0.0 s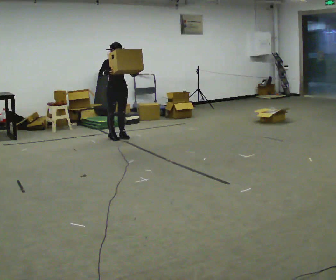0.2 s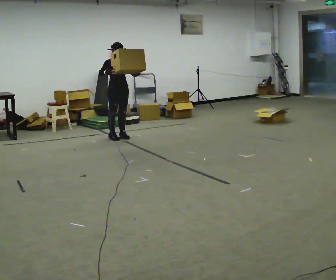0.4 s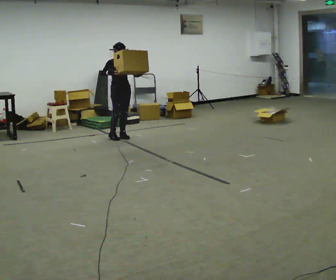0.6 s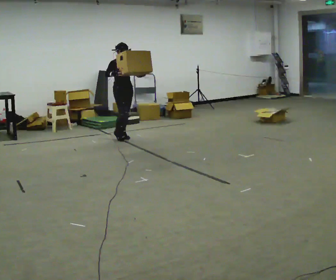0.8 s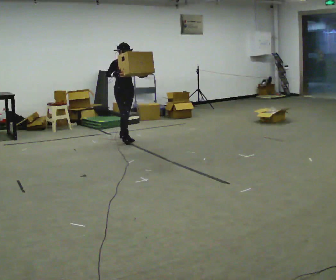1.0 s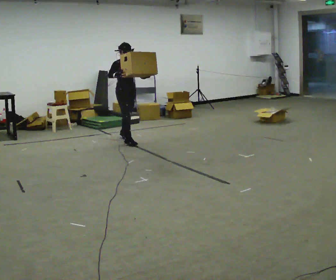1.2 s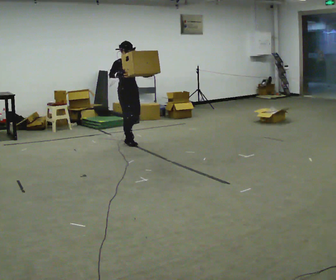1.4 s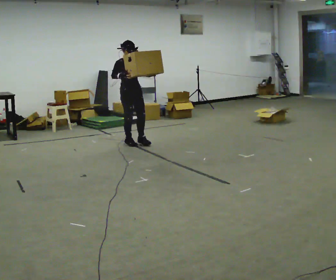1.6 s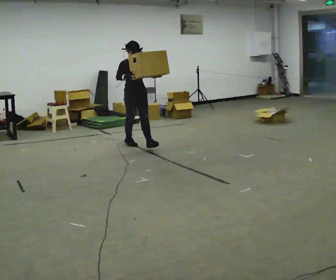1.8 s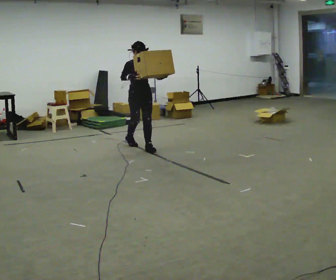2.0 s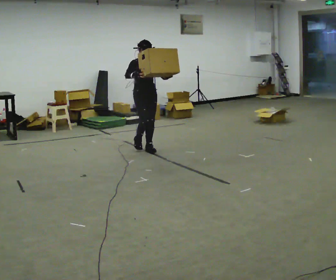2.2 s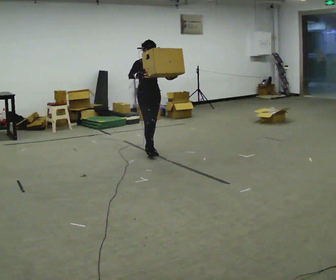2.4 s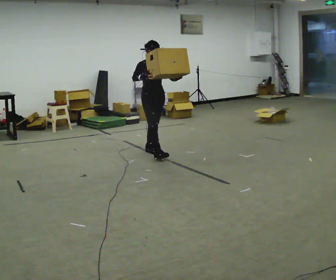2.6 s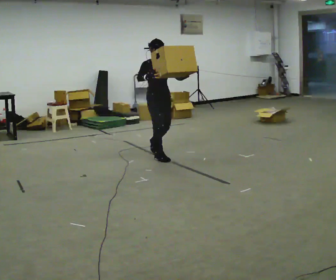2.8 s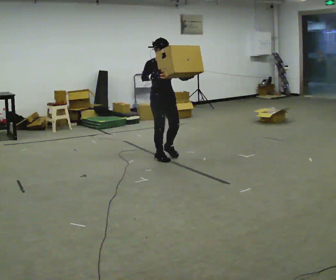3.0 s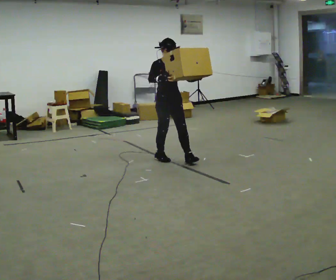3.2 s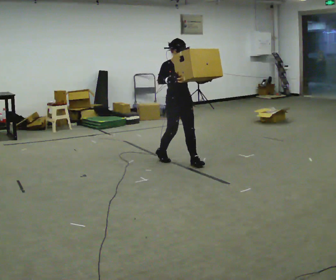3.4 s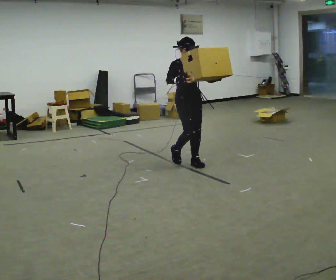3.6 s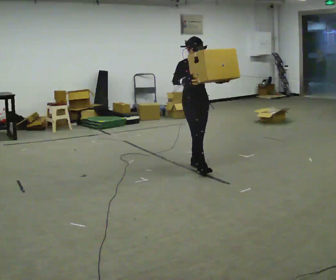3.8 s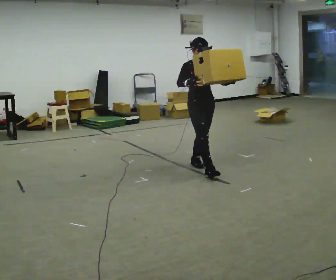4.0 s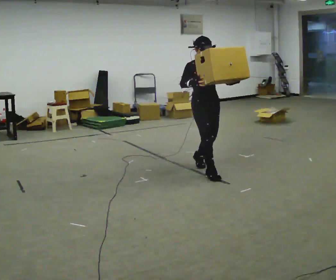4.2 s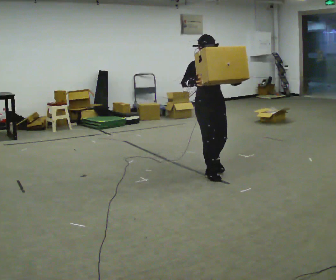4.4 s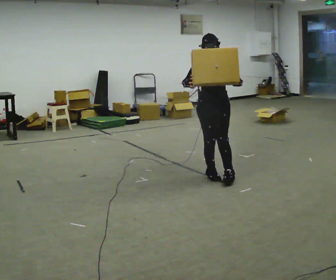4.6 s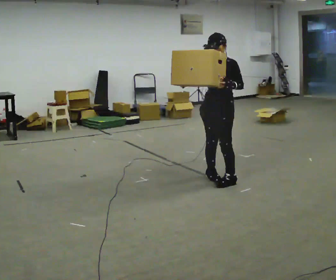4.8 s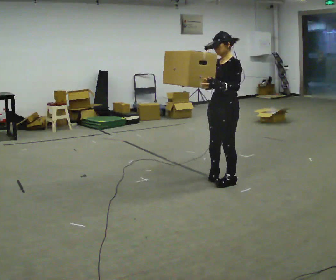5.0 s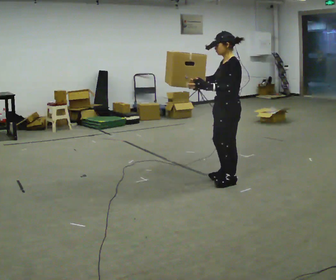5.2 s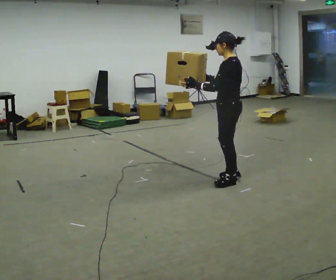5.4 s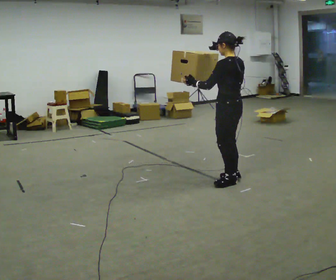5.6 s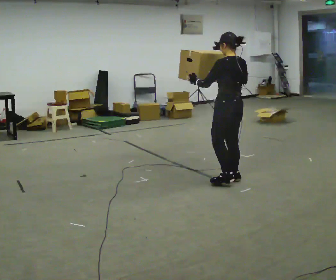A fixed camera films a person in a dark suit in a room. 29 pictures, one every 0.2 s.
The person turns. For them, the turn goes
to their right.
The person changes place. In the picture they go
toward the camera.
0.0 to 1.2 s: In the picture they go toward the camera and to the right, about 0.5 m in 1 step, which for them is forward.
1.2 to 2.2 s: In the picture they go toward the camera and to the right, about 0.5 m in 1 step, which for them is forward.
2.2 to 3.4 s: In the picture they go toward the camera and to the right, about 1 m in 2 steps, which for them is forward.
3.4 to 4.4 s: The part of the body nearest the lens slides to the left as the person turns to their right by about 30 degrees. In the picture they go toward the camera and to the right, about 0.5 m in 1 step, which for them is forward.
4.4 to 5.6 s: Seen from above the body turns clockwise, about 135 degrees: to their right, with its near side sliding to the left. In the picture they go toward the camera, about 0.25 m in 2 steps. In the picture their right hand goes to the right.
The film runs forward here.
